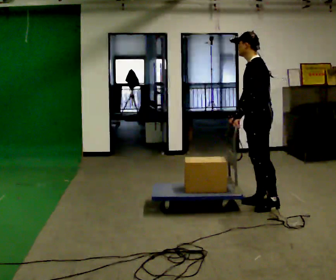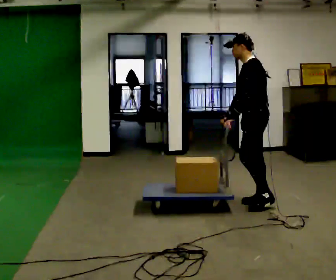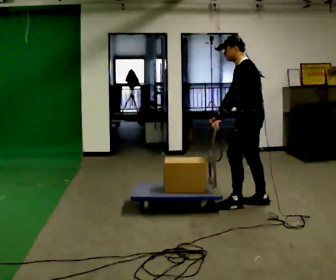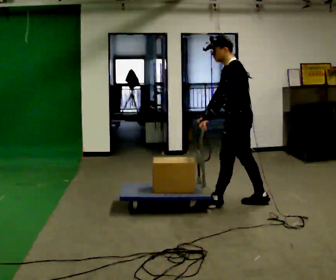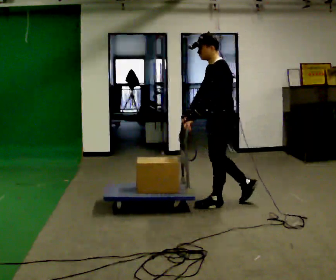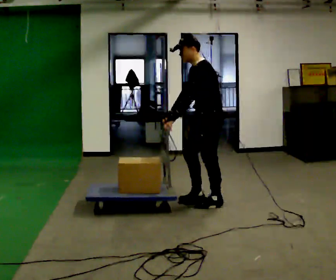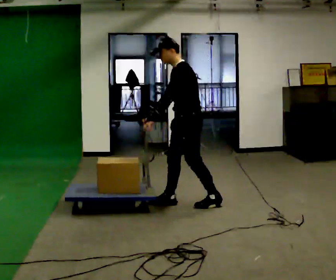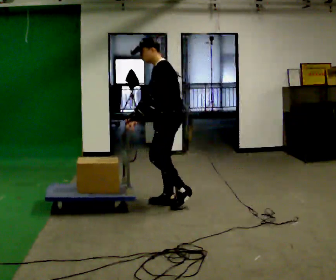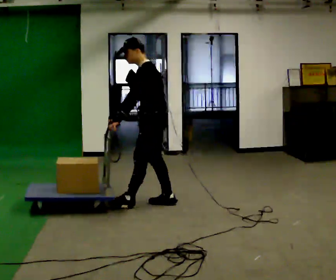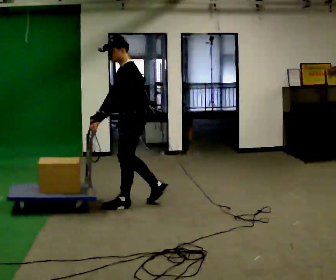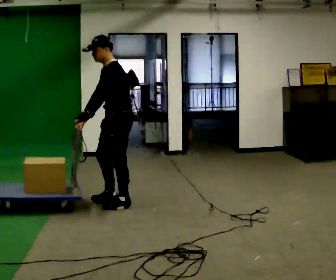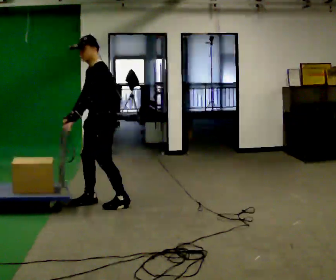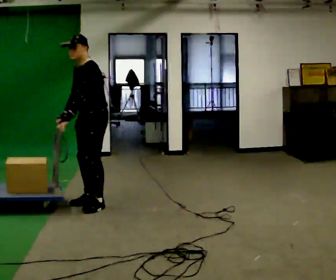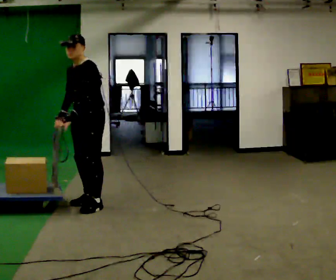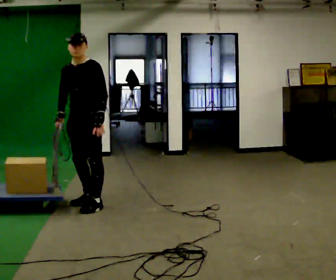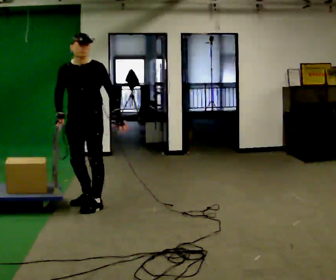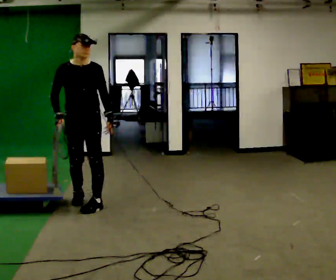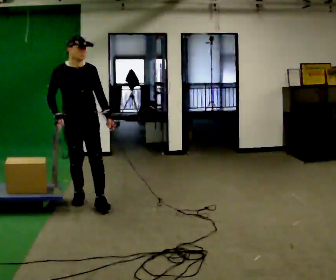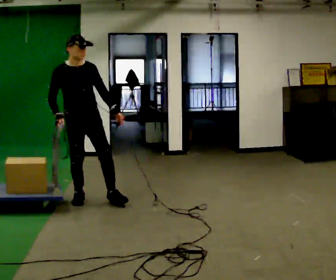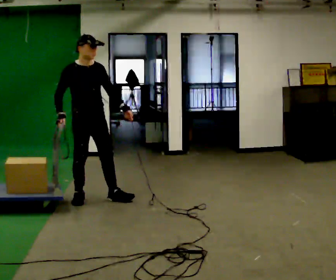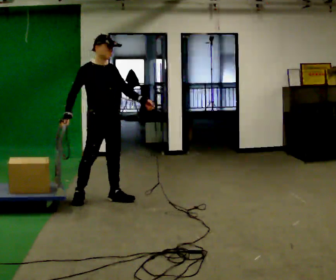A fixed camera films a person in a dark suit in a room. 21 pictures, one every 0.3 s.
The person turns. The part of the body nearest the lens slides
to the right.
The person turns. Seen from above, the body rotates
counterclockwise.
0.0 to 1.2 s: In the picture they go to the left, about 0.5 m in 1 step, which for them is forward.
1.2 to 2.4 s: In the picture they go to the left, about 0.75 m in 1 step, which for them is forward.
2.4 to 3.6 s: The part of the body nearest the lens slides to the right as the person turns to their left by about 30 degrees. In the picture they go to the left, about 0.5 m in 2 steps, which for them is forward.
3.6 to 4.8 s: The part of the body nearest the lens slides to the right as the person turns to their left by about 75 degrees. In the picture their left hand goes to the right, the arm swinging counterclockwise.
4.8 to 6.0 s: Seen from above the body turns counterclockwise, about 30 degrees: to their left, with its near side sliding to the right. In the picture they go to the right and away from the camera, about 0.25 m in 1 step, which for them is to their left.
The film runs forward here.
